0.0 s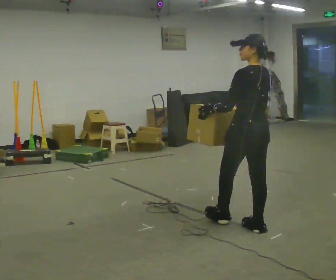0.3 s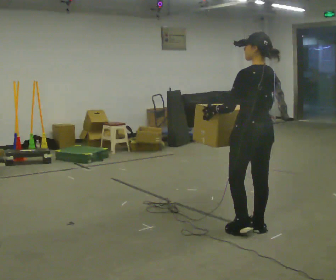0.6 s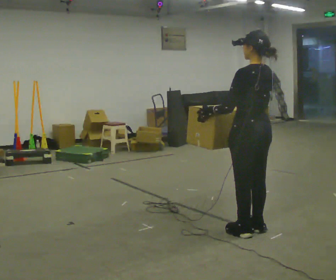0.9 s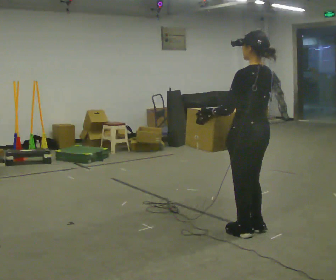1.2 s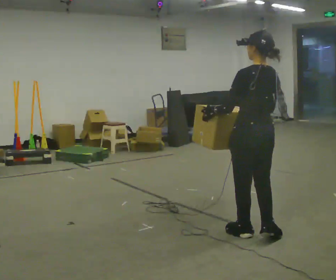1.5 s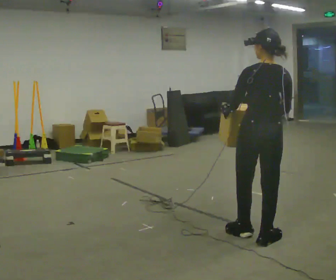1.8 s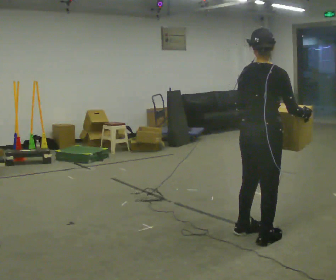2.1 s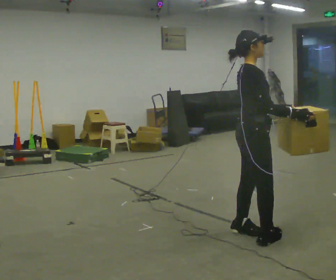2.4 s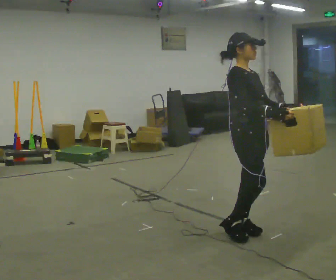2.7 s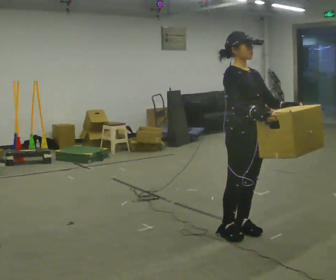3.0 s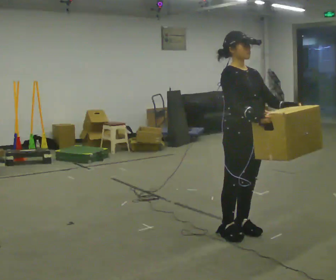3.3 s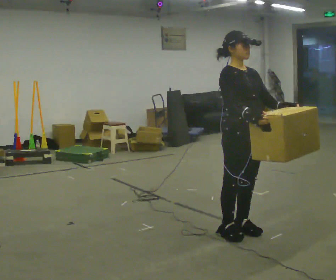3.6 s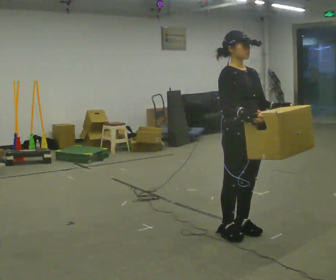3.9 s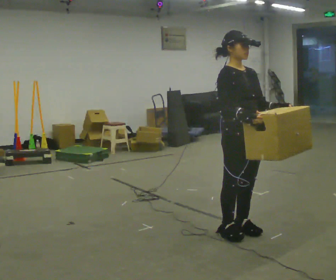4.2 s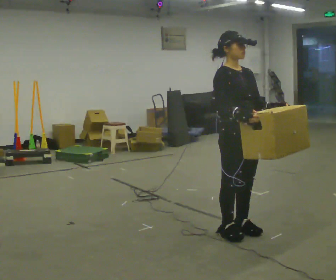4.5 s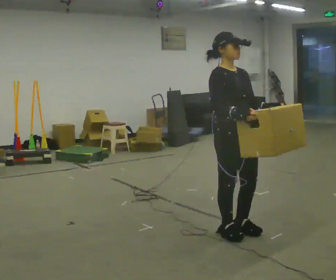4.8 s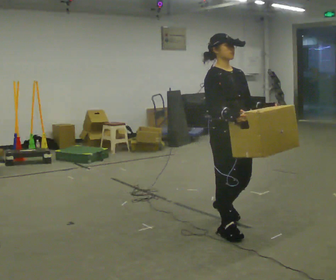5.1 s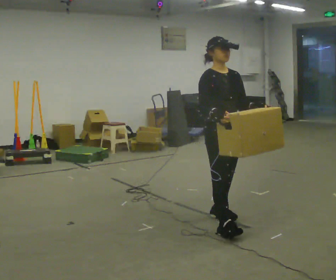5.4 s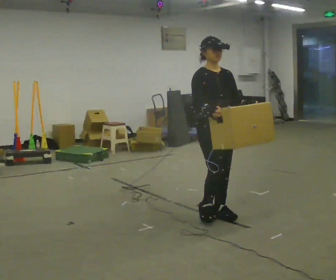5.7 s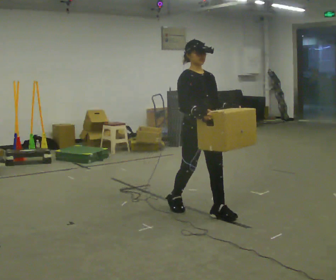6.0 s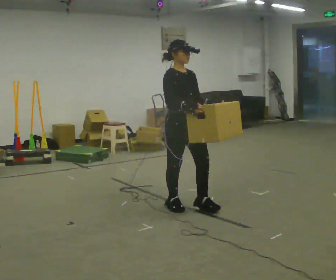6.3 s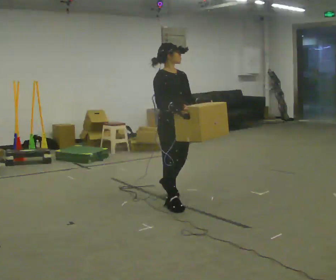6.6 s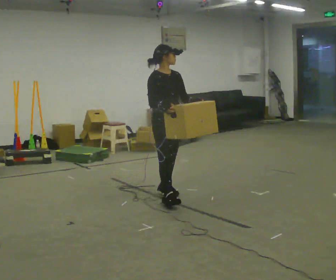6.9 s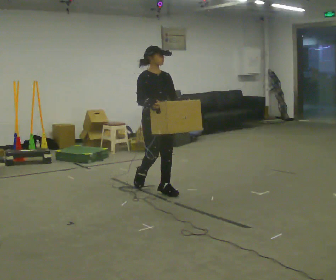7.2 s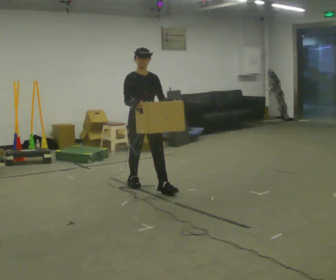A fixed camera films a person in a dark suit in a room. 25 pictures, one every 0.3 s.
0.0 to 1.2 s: In the picture they go toward the camera, about 0.25 m in 1 step, which for them is backward.
1.2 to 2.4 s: The person turns about 150 degrees to their right, clockwise seen from above, so the part of the body nearest the lens slides to the left. In the picture the upper body tilts counterclockwise, shoulders to the left.
2.4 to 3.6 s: The person turns about 30 degrees to their right, clockwise seen from above, so the part of the body nearest the lens slides to the left.
3.6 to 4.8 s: The person moves a little, or ends about where they began.
4.8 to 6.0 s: In the picture they go away from the camera and to the left, about 0.5 m in 2 steps, which for them is backward.
6.0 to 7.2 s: In the picture they go away from the camera and to the left, about 1 m in 1 step, which for them is backward.
The film runs backward here.
